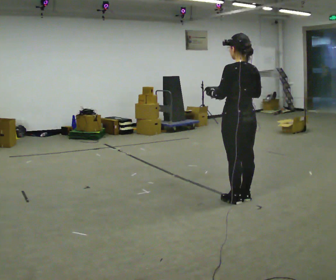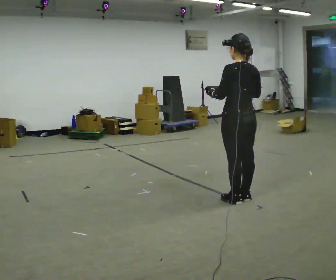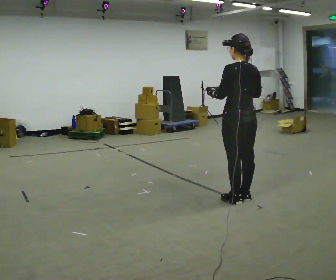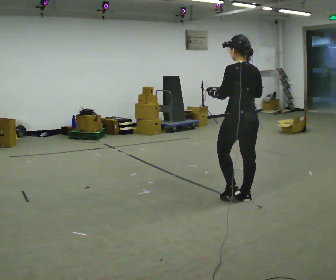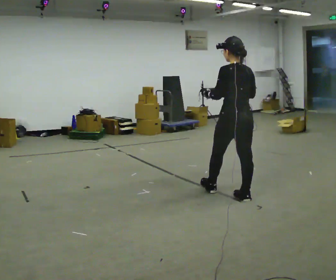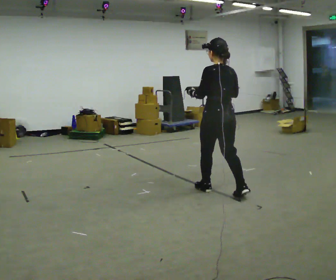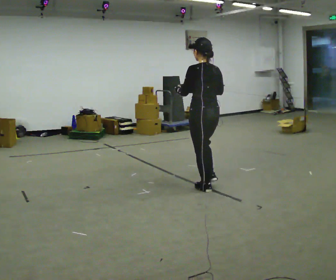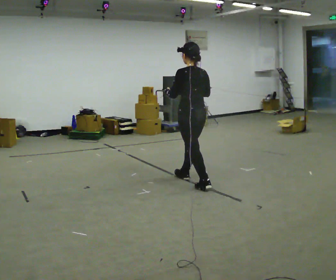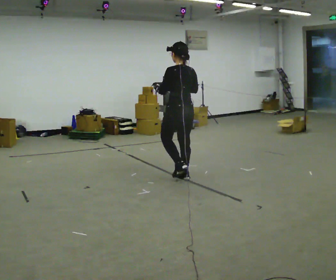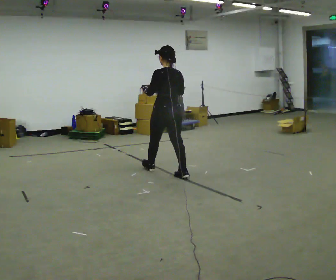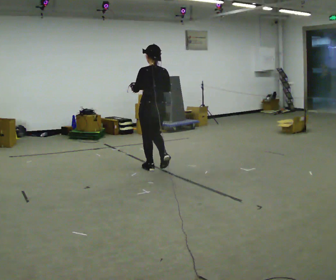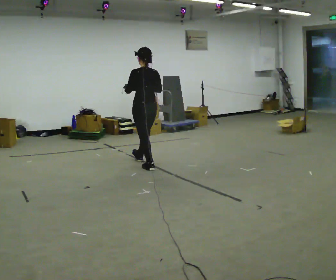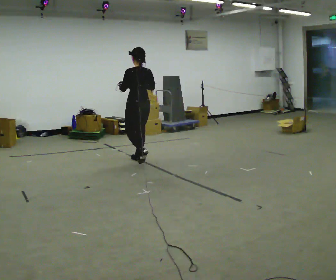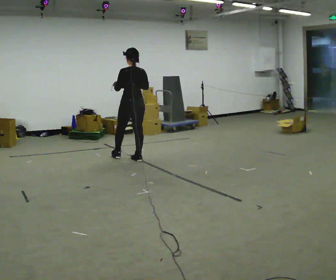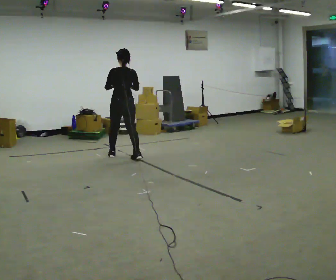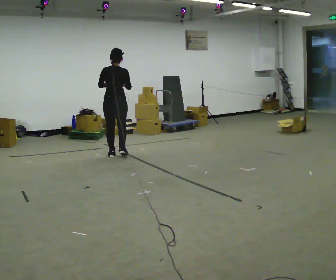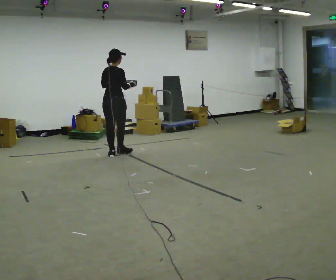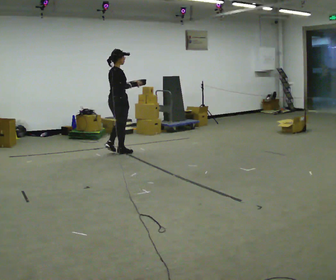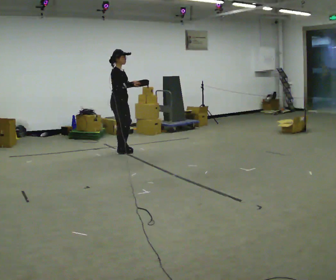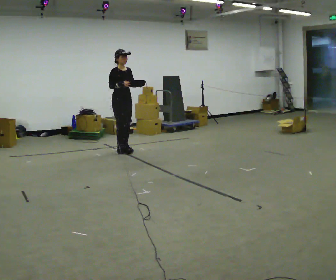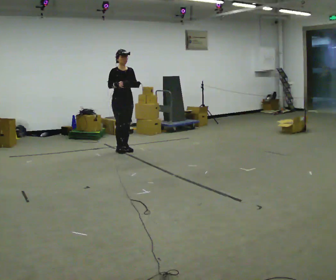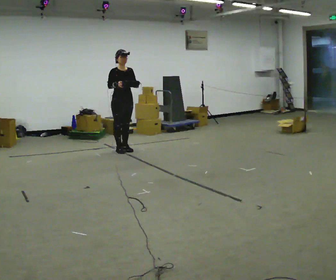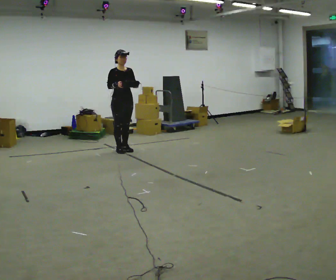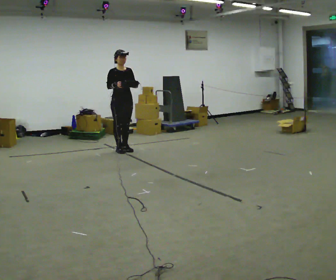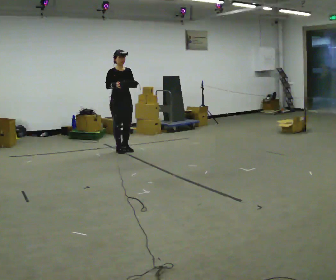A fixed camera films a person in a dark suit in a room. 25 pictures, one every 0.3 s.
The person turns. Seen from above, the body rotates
clockwise.
The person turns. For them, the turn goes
to their right.
0.0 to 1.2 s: The person moves a little, or ends about where they began.
1.2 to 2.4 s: In the picture they go away from the camera and to the left, about 1 m in 2 steps, which for them is forward.
2.4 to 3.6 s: In the picture they go away from the camera and to the left, about 1 m in 2 steps, which for them is forward.
3.6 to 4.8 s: The person turns about 60 degrees to their right, clockwise seen from above, so the part of the body nearest the lens slides to the left. In the picture they go to the left and away from the camera, about 0.5 m in 2 steps, which for them is forward and to their left.
4.8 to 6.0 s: Seen from above the body turns clockwise, about 120 degrees: to their right, with its near side sliding to the left. In the picture they go away from the camera, about 0.25 m in 2 steps.
6.0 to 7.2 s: The person moves a little, or ends about where they began.
The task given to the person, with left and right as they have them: Carry the object across the room. The lid hangs loose and will swing, so carry it however works. Keep going until the operator says stop; one object at a time, and do not rush between trips.
The film runs forward here.
